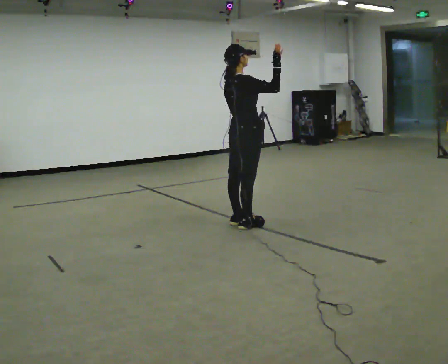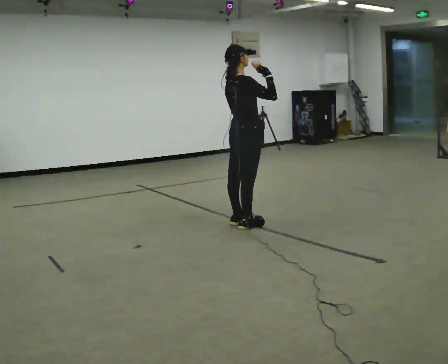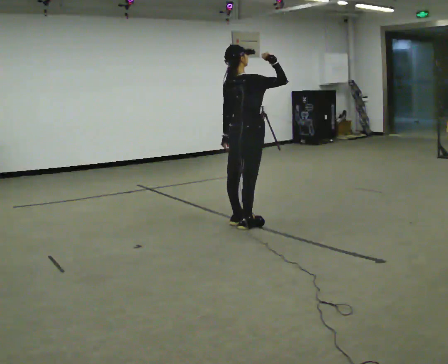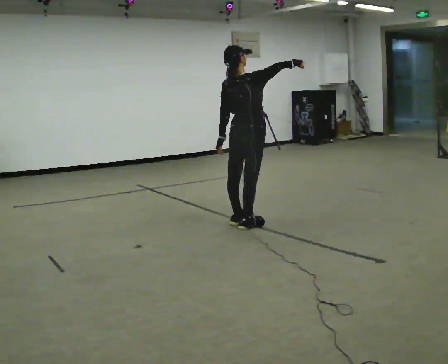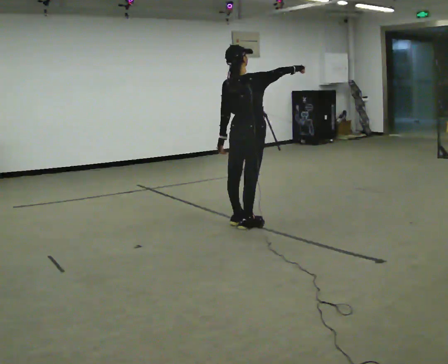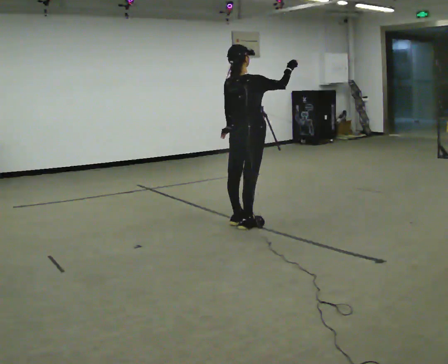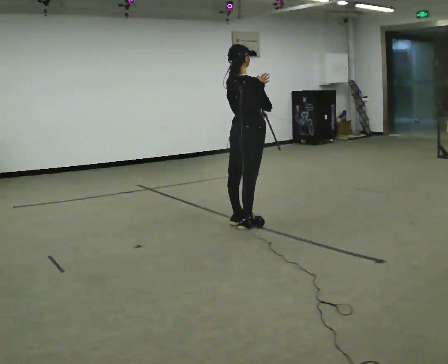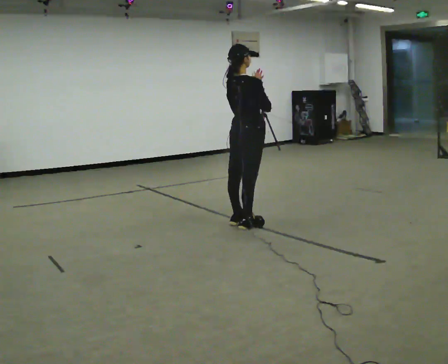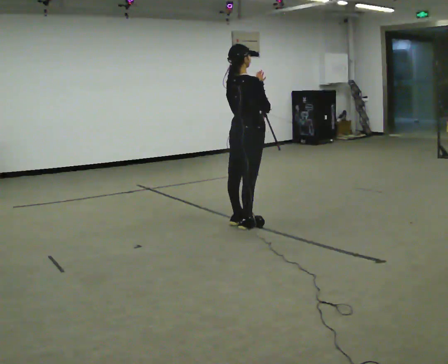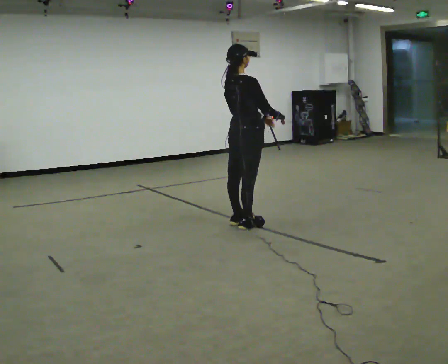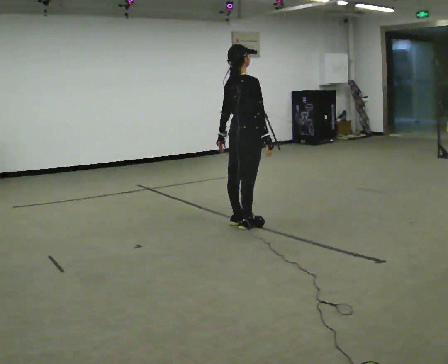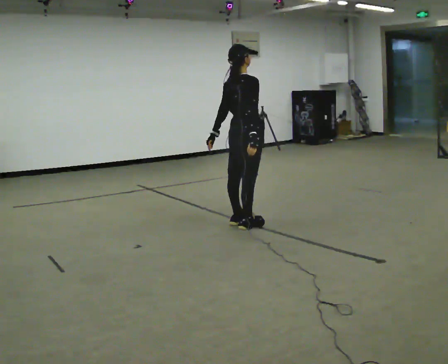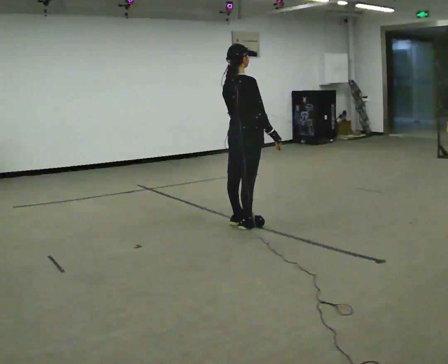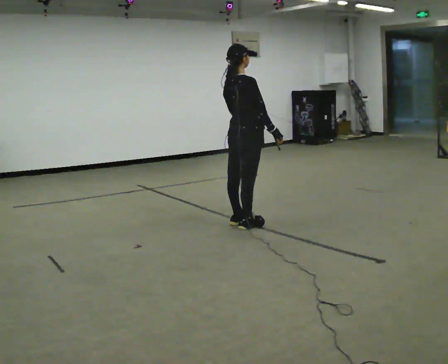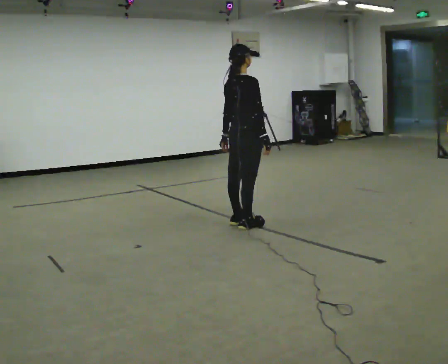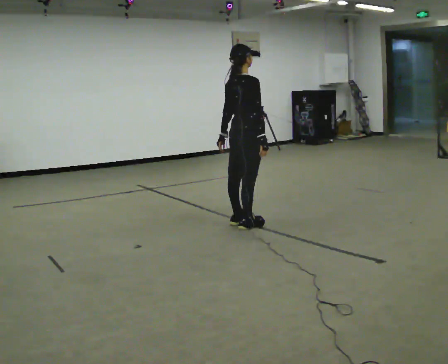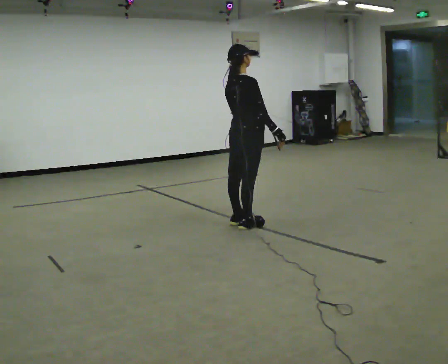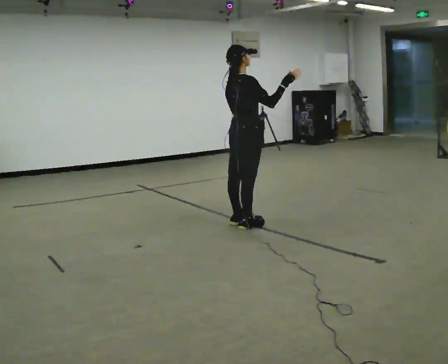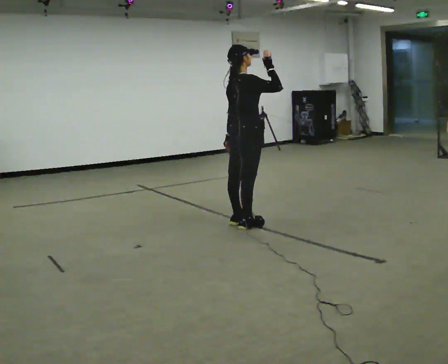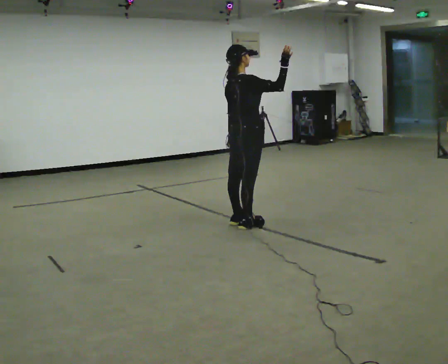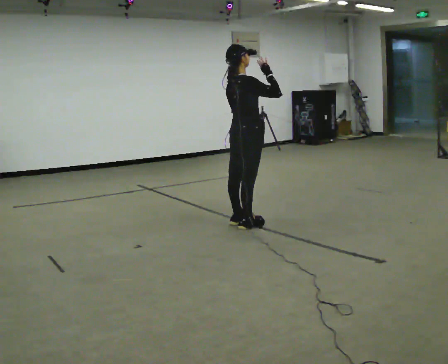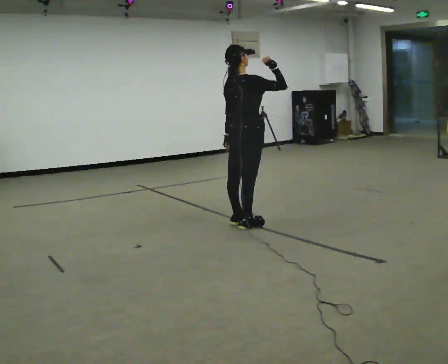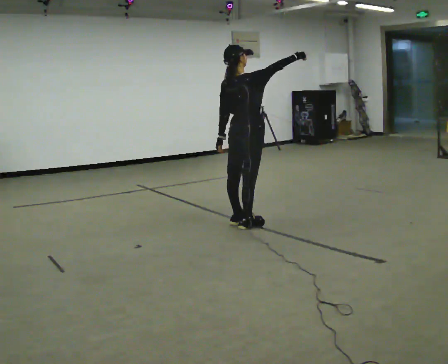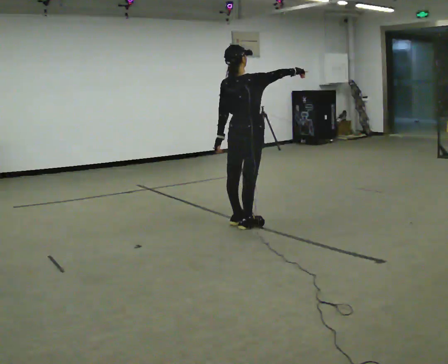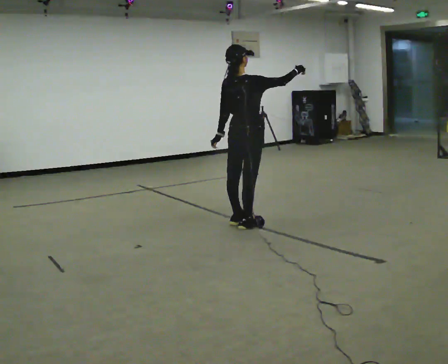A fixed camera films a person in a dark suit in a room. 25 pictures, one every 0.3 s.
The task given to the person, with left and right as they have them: Wave to someone across the room, point at different things around you, and clap. Repeat the movement at your own pace until the operator says stop; do not rush.
0.0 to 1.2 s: The person moves a little, or ends about where they began.
1.2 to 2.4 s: In the picture their left hand goes upward and to the right.
2.4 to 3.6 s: In the picture their right hand goes downward.
3.6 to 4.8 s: The person moves a little, or ends about where they began.
4.8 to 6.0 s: In the picture their right hand goes upward.
6.0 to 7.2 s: The person moves a little, or ends about where they began.
The film runs forward here.
